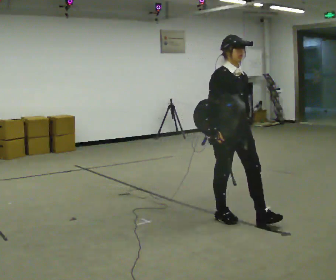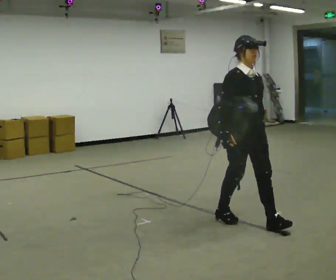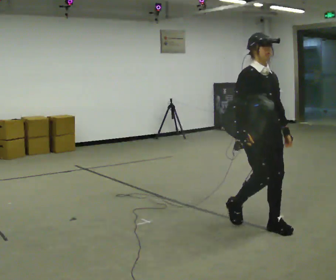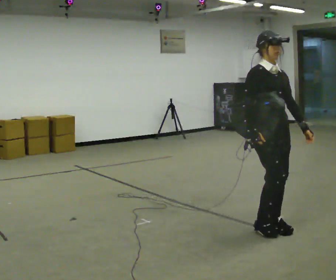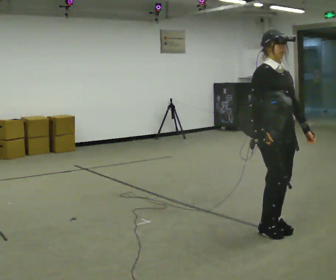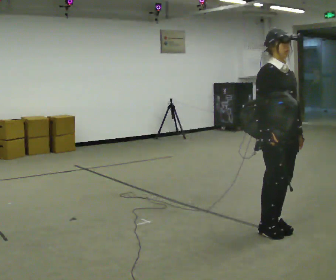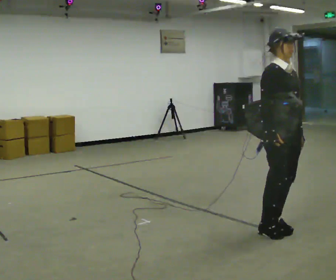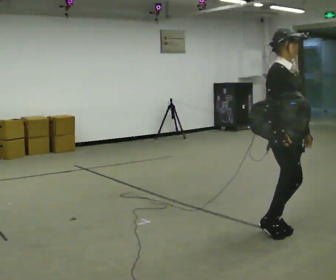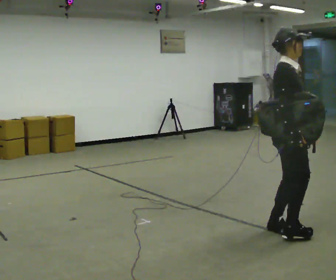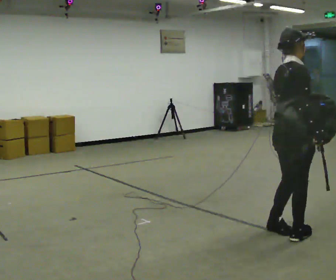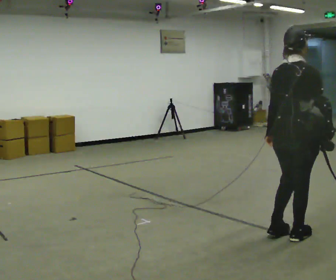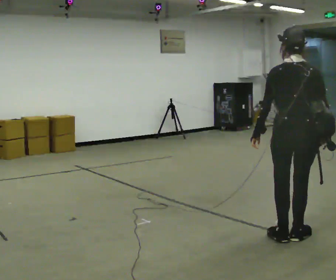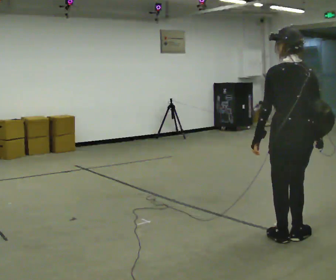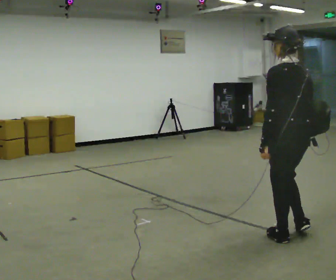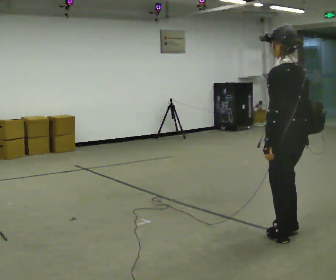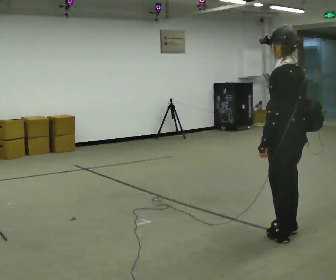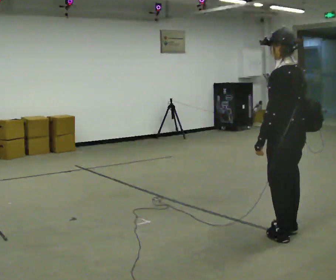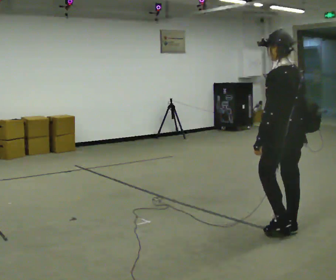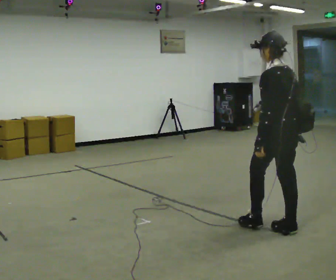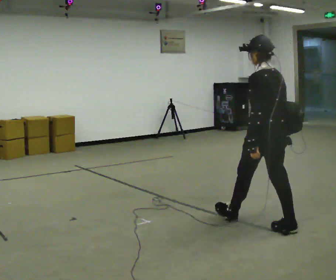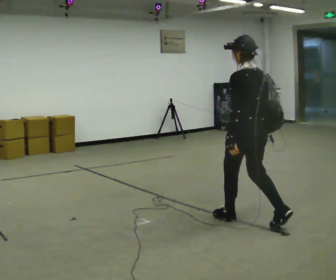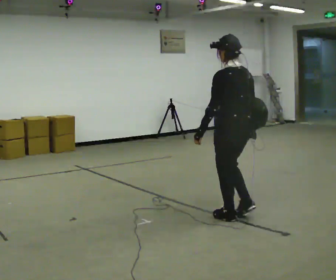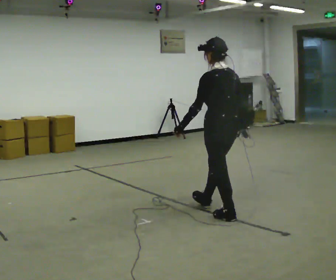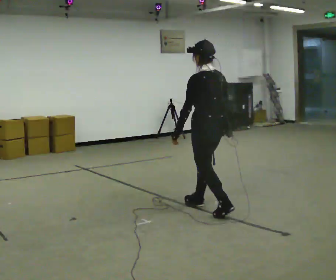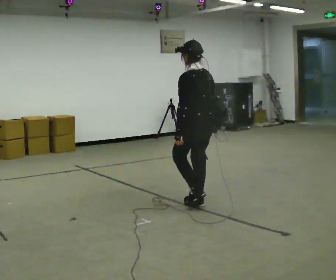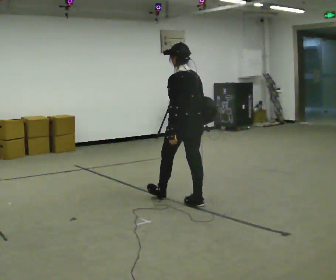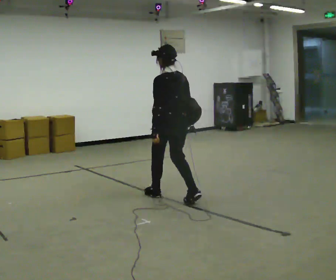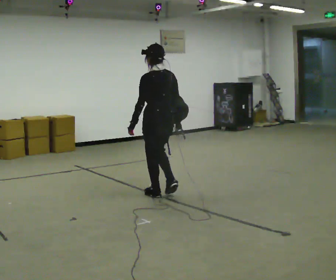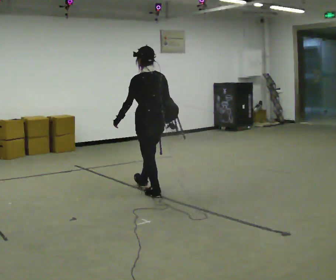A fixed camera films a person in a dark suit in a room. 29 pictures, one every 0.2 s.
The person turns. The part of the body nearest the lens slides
to the right.
The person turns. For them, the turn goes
to their left.
0.0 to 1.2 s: In the picture they go to the right and toward the camera, about 0.5 m in 2 steps, which for them is forward.
1.2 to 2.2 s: The part of the body nearest the lens slides to the right as the person turns to their left by about 120 degrees. In the picture they go toward the camera, about 0.25 m in 2 steps. In the picture their right hand goes to the right.
2.2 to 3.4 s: The part of the body nearest the lens slides to the right as the person turns to their left by about 45 degrees. In the picture they go away from the camera, about 0.25 m in 1 step, which for them is forward.
3.4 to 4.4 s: In the picture they go to the left and away from the camera, about 0.5 m in 1 step, which for them is forward.
4.4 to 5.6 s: In the picture they go to the left and away from the camera, about 1 m in 2 steps, which for them is forward.
The film runs forward here.
